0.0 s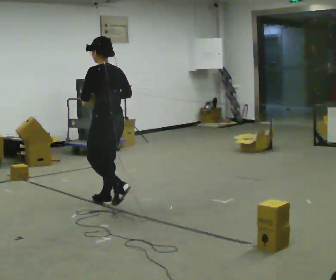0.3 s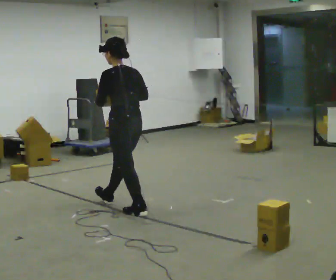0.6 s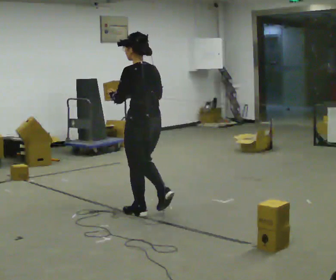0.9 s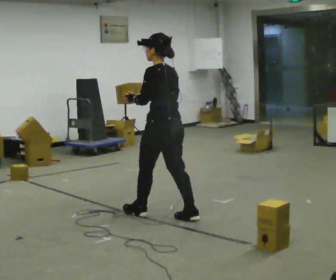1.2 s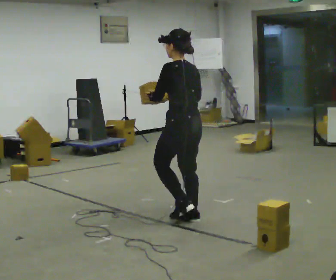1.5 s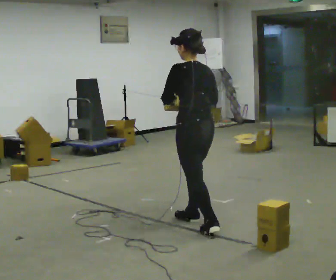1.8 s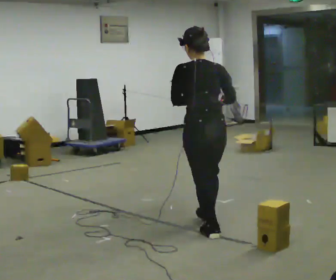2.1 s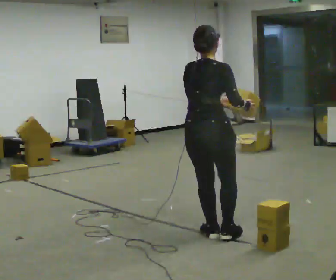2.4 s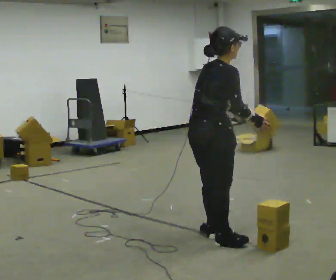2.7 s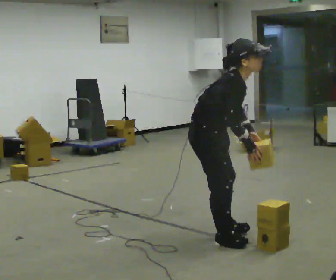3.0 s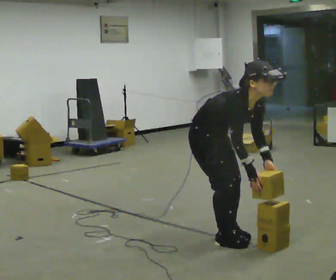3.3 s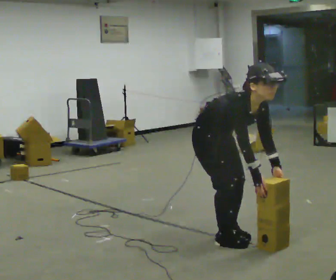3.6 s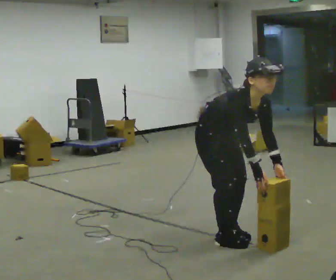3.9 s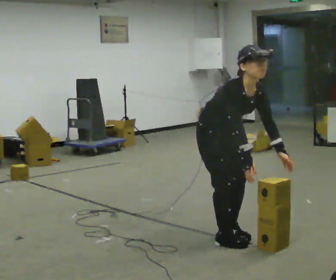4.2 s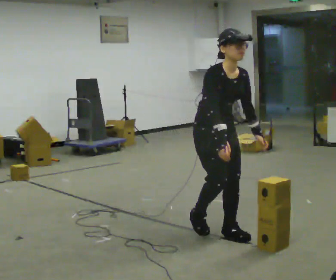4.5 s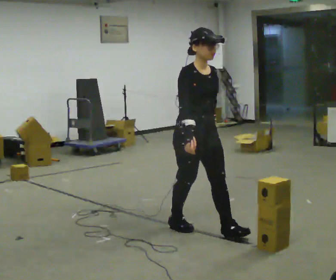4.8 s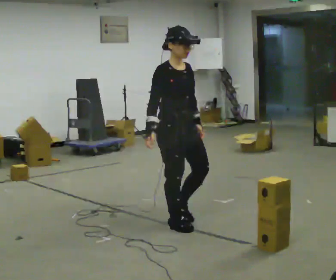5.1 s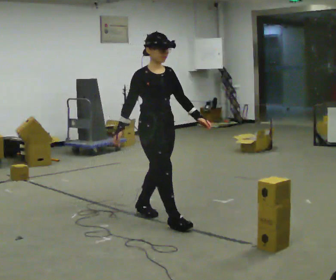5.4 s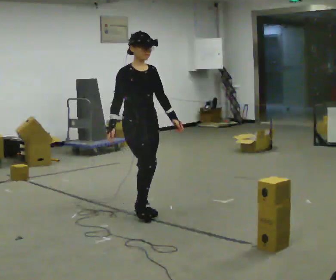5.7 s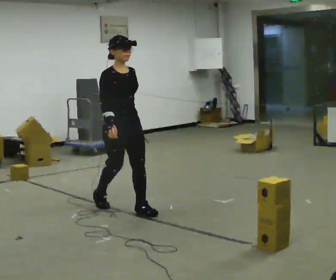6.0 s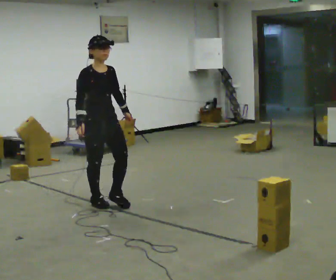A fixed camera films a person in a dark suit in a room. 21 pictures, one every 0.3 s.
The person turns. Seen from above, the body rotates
clockwise.
The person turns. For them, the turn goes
to their right.
0.0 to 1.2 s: In the picture they go to the right and toward the camera, about 1 m in 2 steps, which for them is backward.
1.2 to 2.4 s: The part of the body nearest the lens slides to the left as the person turns to their right by about 105 degrees. In the picture they go toward the camera, about 0.5 m in 1 step. In the picture the upper body tilts clockwise, shoulders to the right.
2.4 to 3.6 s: Seen from above the body turns clockwise, about 75 degrees: to their right, with its near side sliding to the left. The shoulders move downward. The upper body tips toward the camera, its near side rolling downward, as they bend forward.
3.6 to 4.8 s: In the picture they go away from the camera and to the left, about 0.5 m in 2 steps, which for them is backward. The upper body goes upward. In the picture the upper body tilts counterclockwise, shoulders to the left, as they lean back or straighten.
4.8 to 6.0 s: In the picture they go to the left and away from the camera, about 1 m in 2 steps, which for them is backward.
The film runs backward here.
